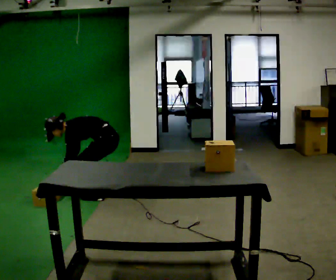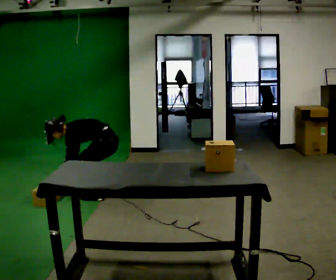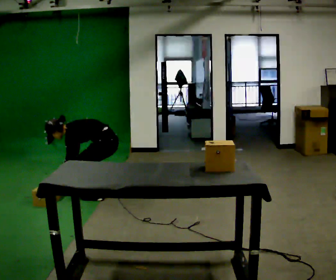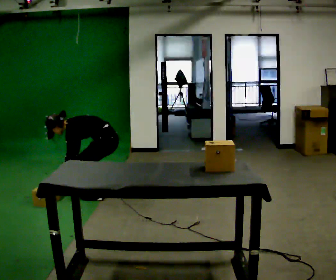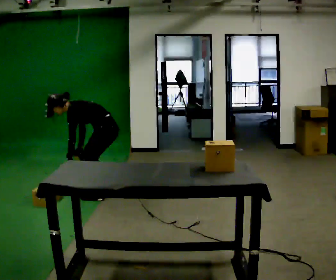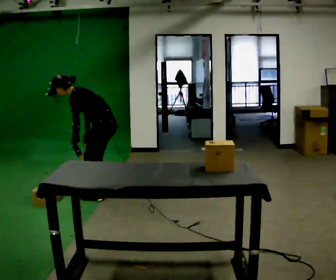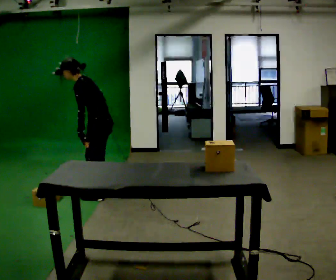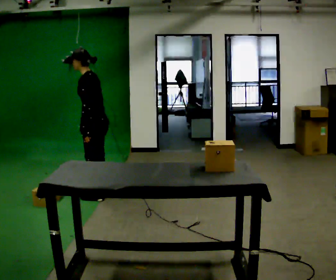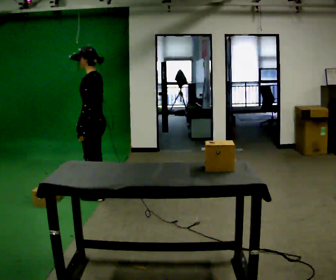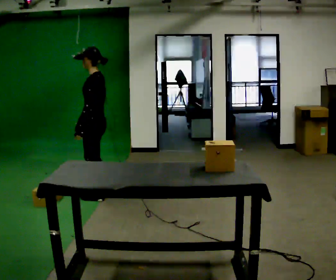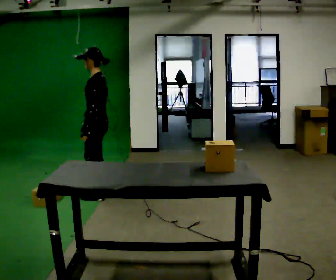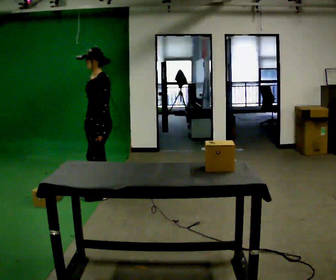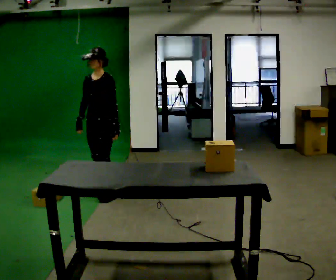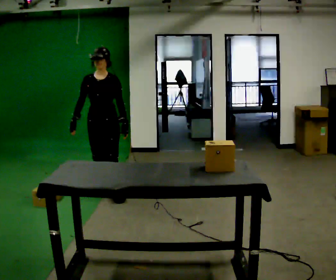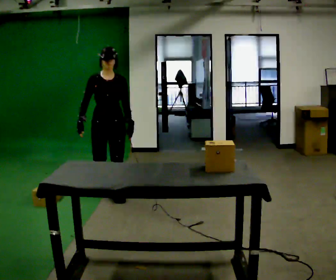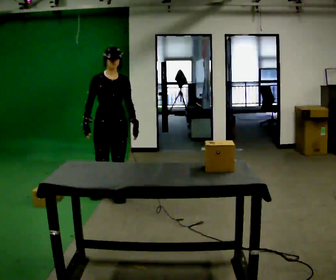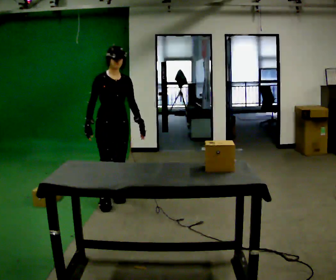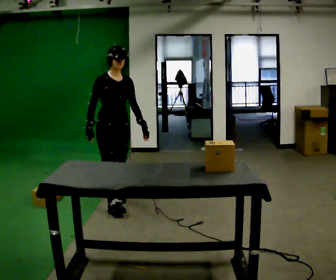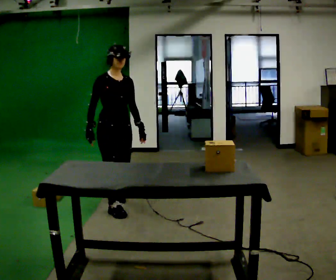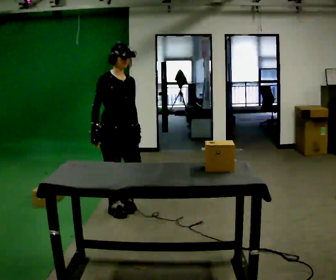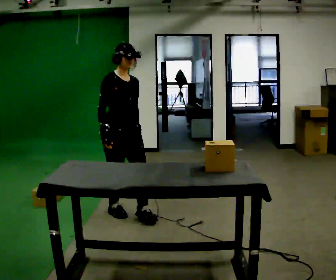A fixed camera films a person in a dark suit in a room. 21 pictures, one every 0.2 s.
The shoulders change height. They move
upward.
The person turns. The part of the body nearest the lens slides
to the right.
0.0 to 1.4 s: The upper body goes upward. In the picture the upper body tilts clockwise, shoulders to the right, as they lean back or straighten. In the picture their left hand goes upward and to the right.
1.4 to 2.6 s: The part of the body nearest the lens slides to the right as the person turns to their left by about 90 degrees.
2.6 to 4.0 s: Seen from above the body turns counterclockwise, about 45 degrees: to their left, with its near side sliding to the right. In the picture they go toward the camera and to the right, about 0.75 m in 1 step, which for them is forward.
The film runs forward here.
